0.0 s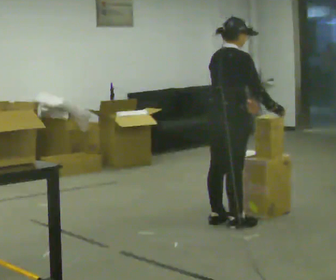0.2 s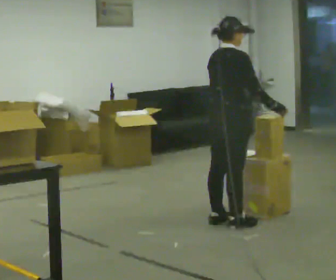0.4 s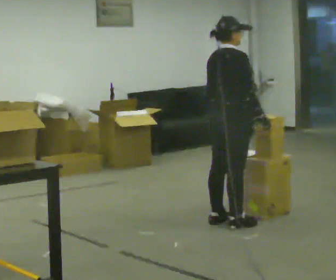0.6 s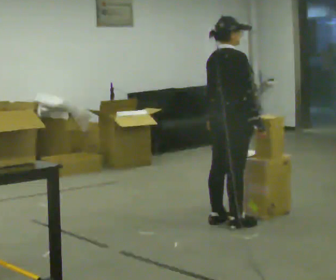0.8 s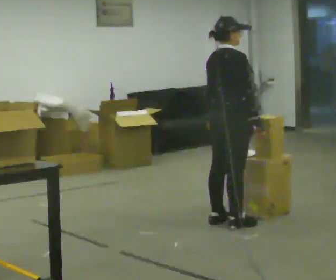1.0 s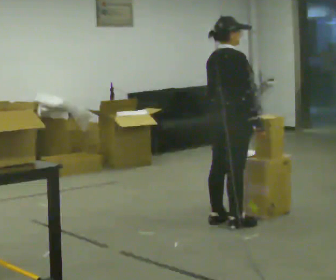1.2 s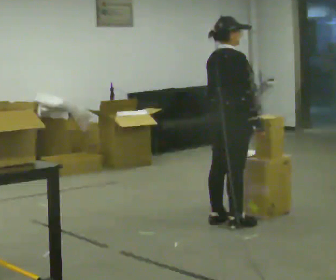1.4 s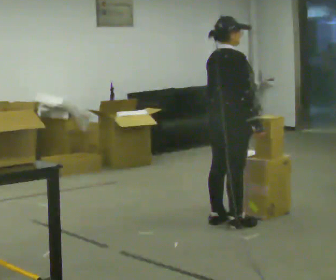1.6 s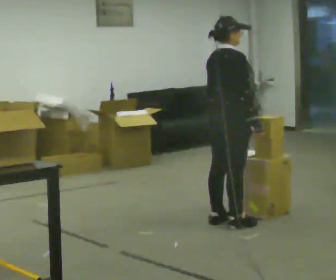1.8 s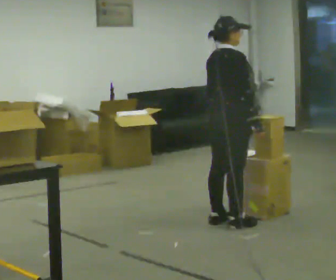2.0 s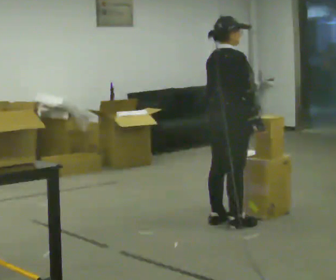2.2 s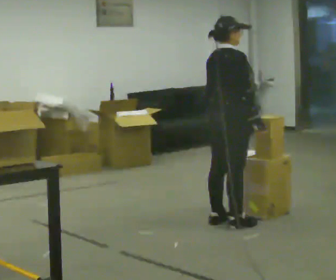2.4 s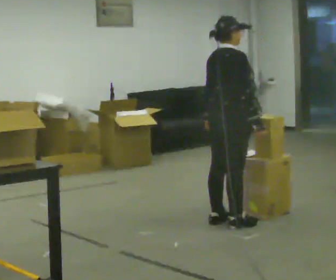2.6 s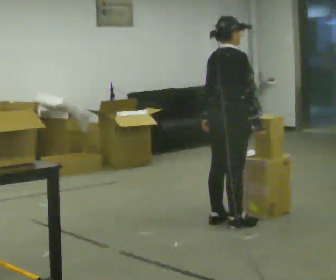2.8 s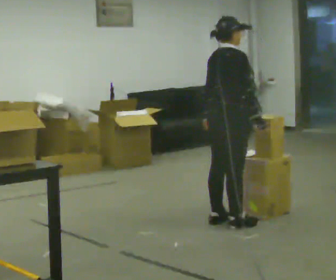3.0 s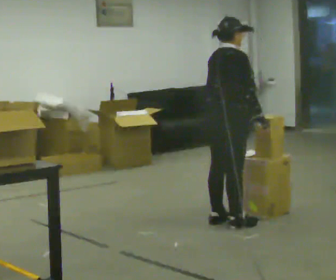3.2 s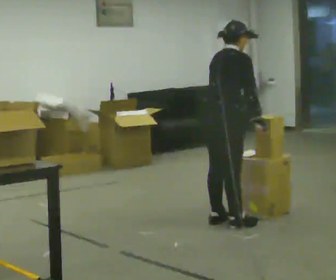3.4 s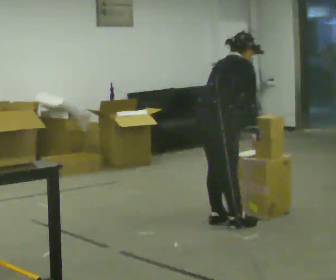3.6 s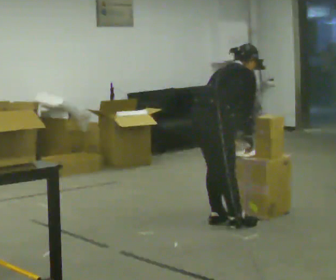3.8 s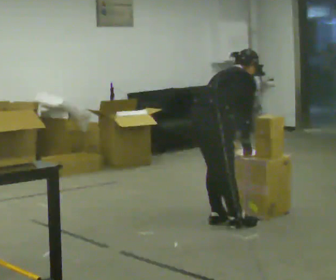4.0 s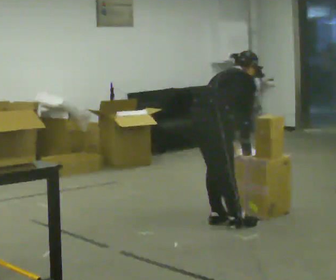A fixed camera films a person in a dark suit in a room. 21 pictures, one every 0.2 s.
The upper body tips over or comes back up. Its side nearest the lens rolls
upward.
0.0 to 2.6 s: The person moves a little, or ends about where they began.
2.6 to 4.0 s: The upper body goes downward. The upper body tips away from the camera, its near side rolling upward, as they bend forward.
The film runs backward here.
